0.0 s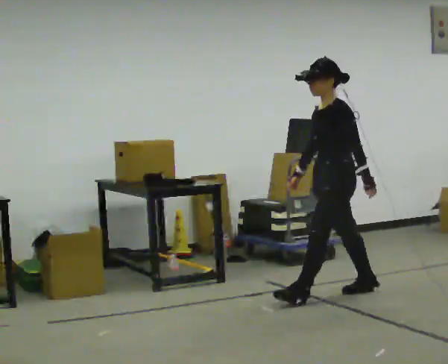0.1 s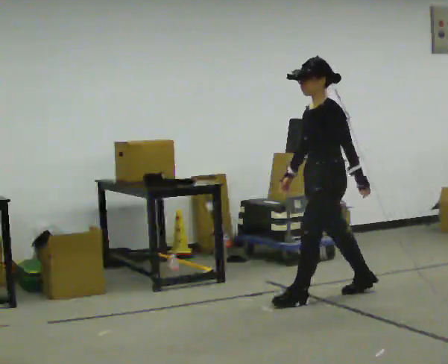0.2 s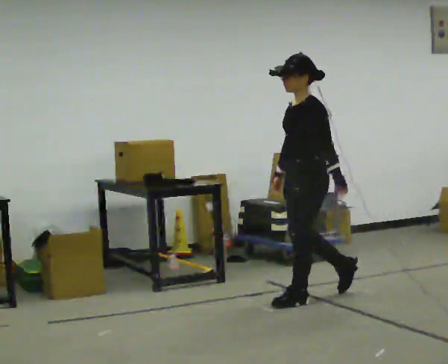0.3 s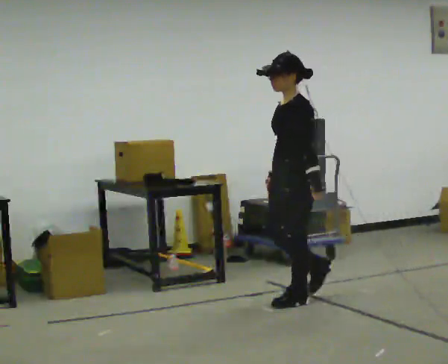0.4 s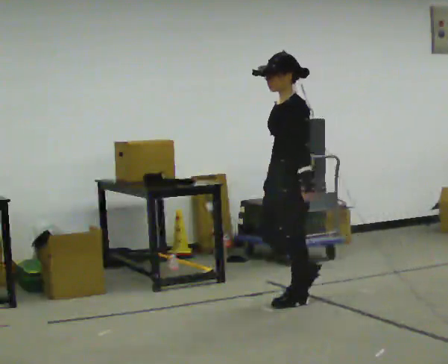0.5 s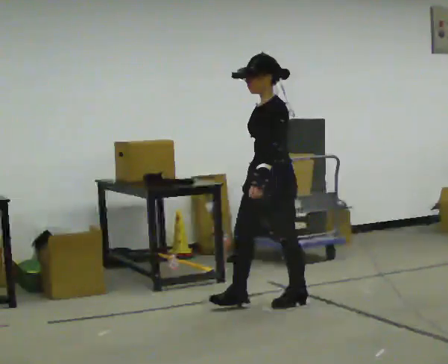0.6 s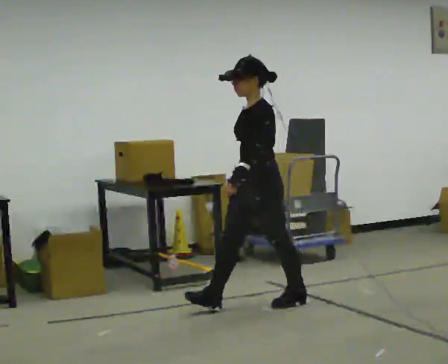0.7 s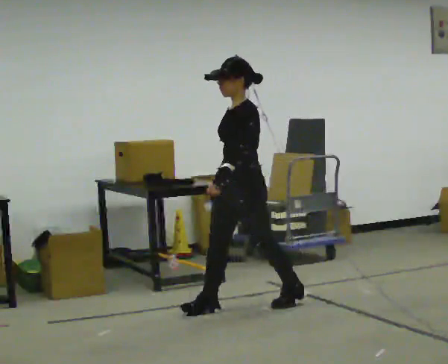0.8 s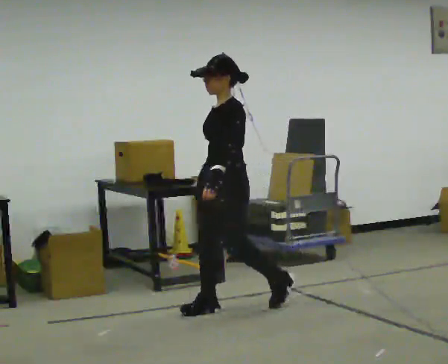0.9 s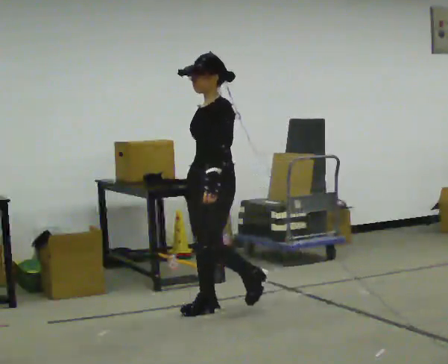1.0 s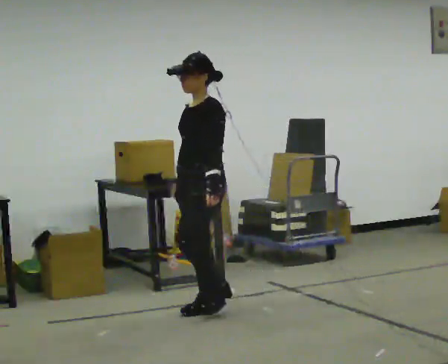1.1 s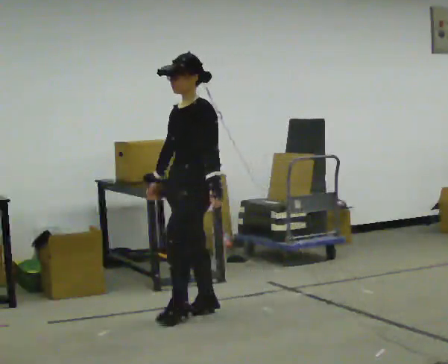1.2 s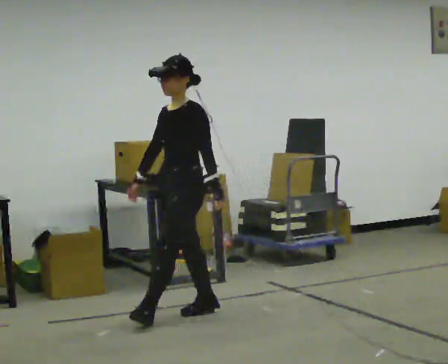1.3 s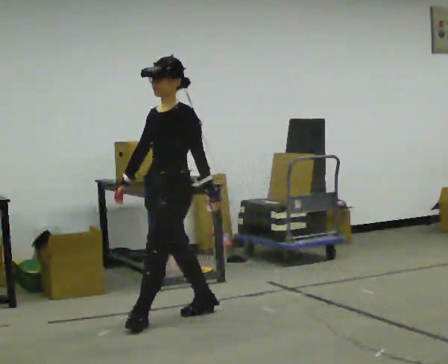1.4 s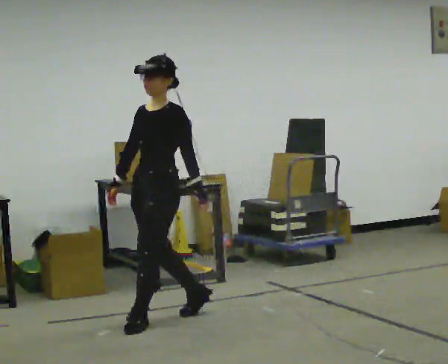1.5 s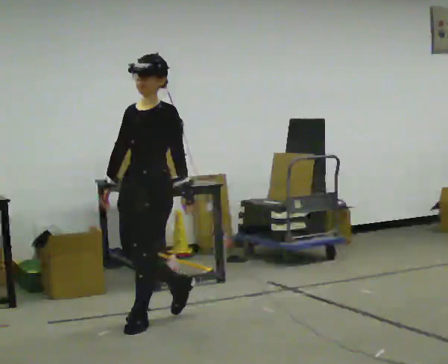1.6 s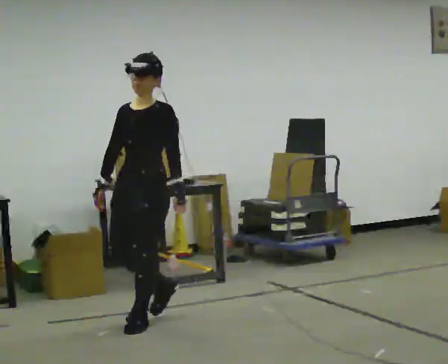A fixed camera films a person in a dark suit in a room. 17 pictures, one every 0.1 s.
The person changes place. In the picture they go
to the left.
0.0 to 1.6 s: The person turns about 45 degrees to their left, counterclockwise seen from above, so the part of the body nearest the lens slides to the right. In the picture they go to the left and toward the camera, about 1.5 m in 3 steps, which for them is forward.
The film runs forward here.
